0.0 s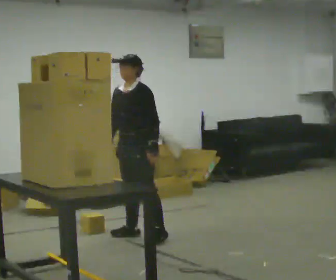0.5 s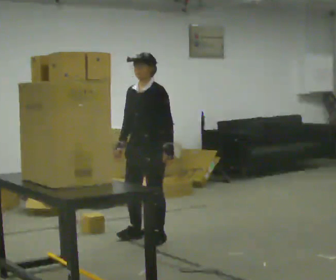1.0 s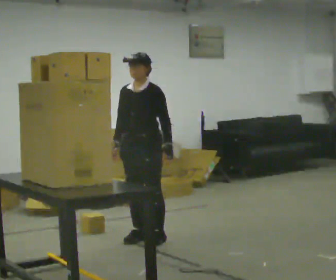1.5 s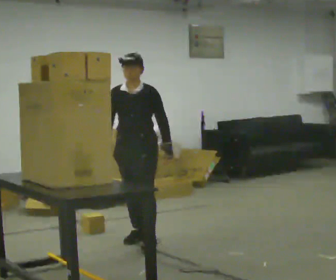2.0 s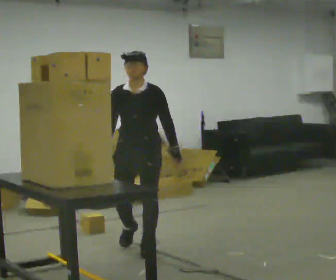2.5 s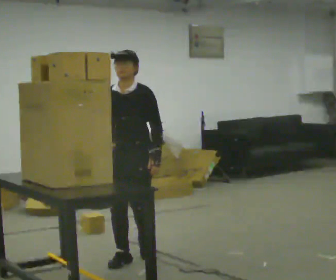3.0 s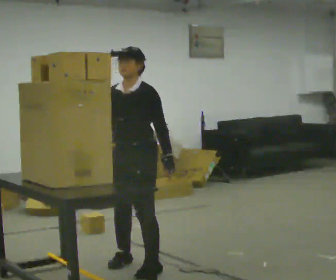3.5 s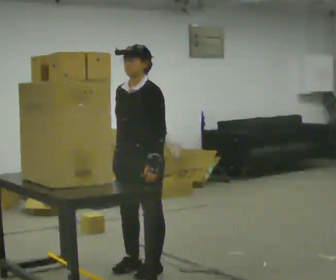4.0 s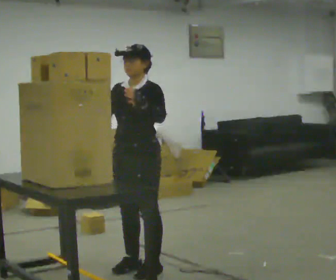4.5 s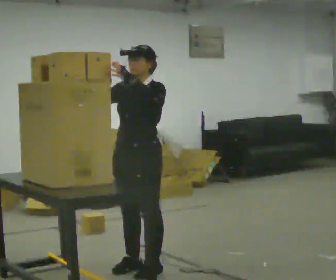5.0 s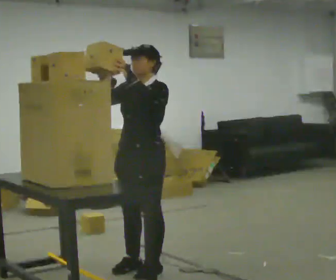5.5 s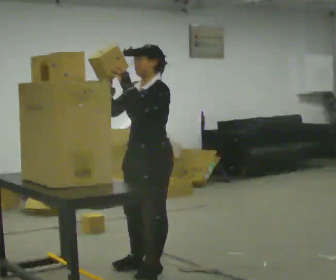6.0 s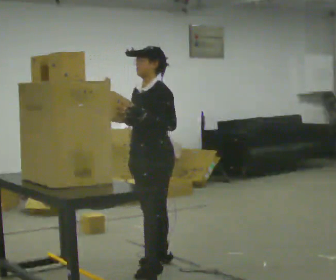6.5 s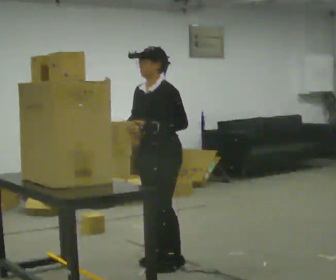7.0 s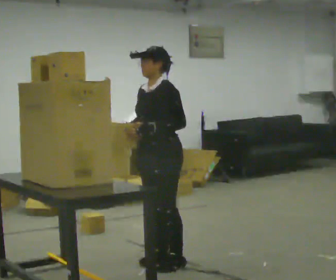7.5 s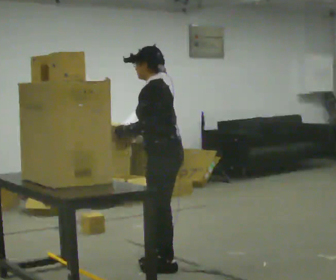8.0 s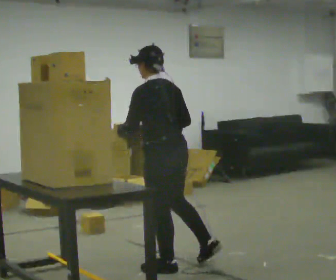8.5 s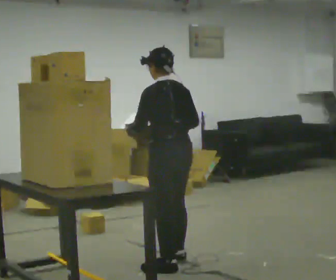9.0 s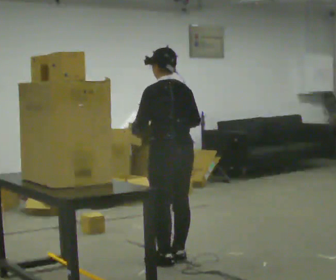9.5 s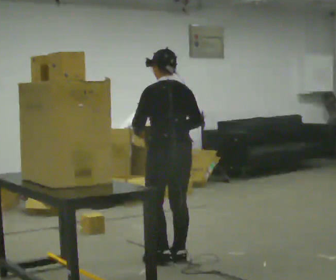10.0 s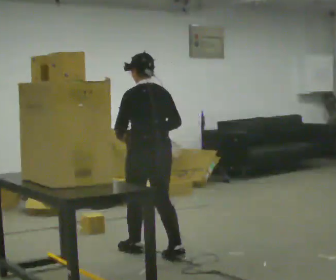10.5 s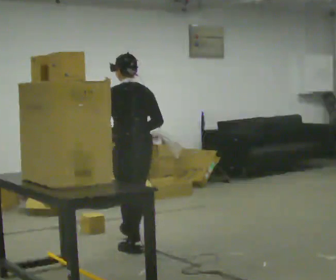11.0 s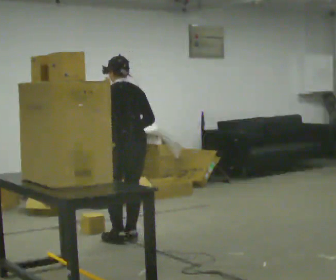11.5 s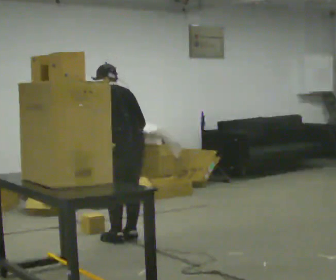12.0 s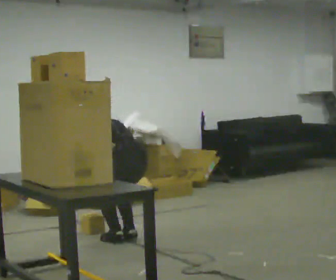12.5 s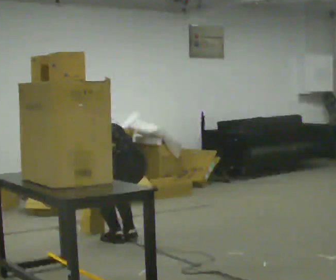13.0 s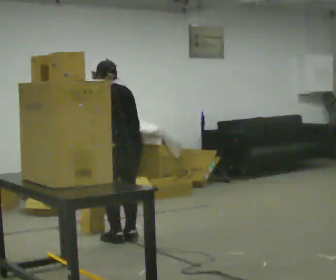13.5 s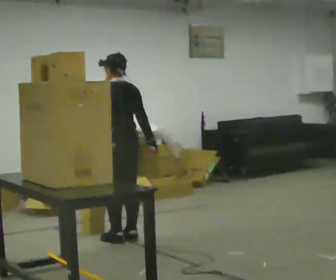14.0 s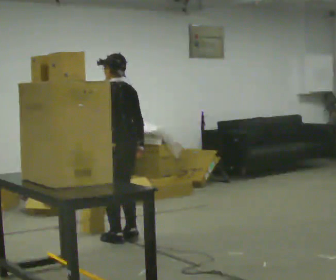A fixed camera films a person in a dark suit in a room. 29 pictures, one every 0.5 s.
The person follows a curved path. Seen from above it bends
counterclockwise.
0.0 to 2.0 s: Seen from above the body turns counterclockwise, about 30 degrees: to their left, with its near side sliding to the right. In the picture they go toward the camera, about 0.5 m in 1 step, which for them is forward and to their left.
2.0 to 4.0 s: The person turns about 30 degrees to their right, clockwise seen from above, so the part of the body nearest the lens slides to the left. In the picture they go toward the camera, about 0.5 m in 3 steps, which for them is forward and to their left. In the picture their left hand goes upward.
4.0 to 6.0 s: The person moves a little, or ends about where they began.
6.0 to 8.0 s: Seen from above the body turns clockwise, about 75 degrees: to their right, with its near side sliding to the left. In the picture their right hand goes to the right.
8.0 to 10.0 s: In the picture they go away from the camera, about 0.5 m in 1 step, which for them is forward.
10.0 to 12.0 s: In the picture they go away from the camera and to the left, about 0.5 m in 2 steps, which for them is forward. The upper body goes downward. The upper body tips away from the camera, its near side rolling upward, as they bend forward. In the picture their right hand goes downward.
12.0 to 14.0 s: The shoulders move upward. The upper body tips toward the camera, its near side rolling downward, as they lean back or straighten. In the picture their left hand goes upward.
The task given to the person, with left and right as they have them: Pick an object up off the floor, carry it across the room, and place it on the highest shelf you can comfortably reach. Keep going until the operator says stop; one object at a time, and do not rush between trips.
The film runs forward here.
